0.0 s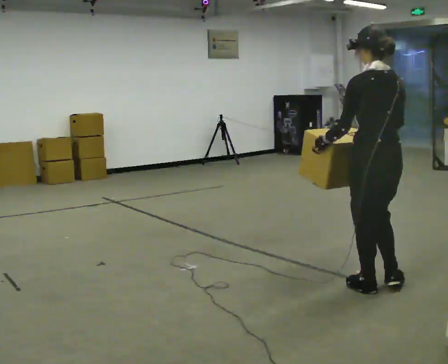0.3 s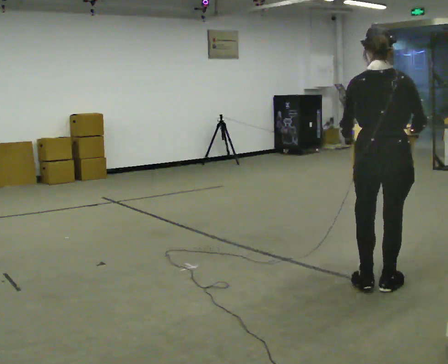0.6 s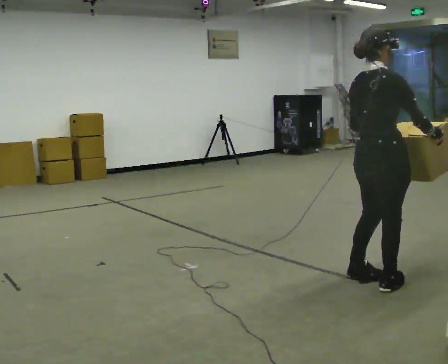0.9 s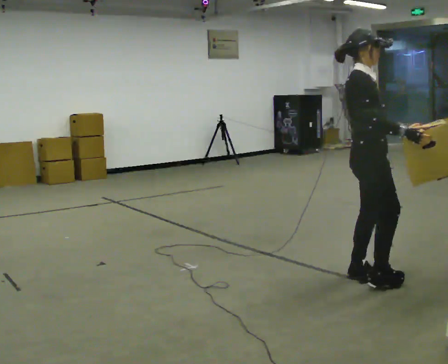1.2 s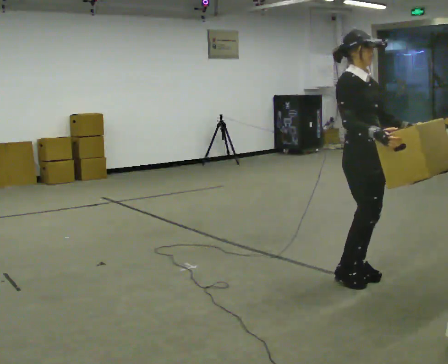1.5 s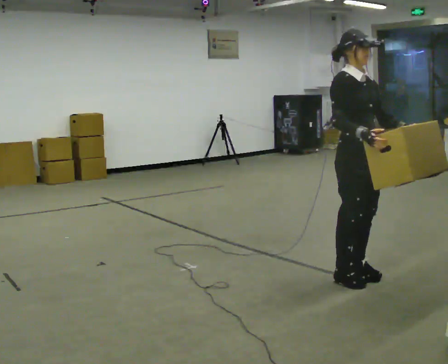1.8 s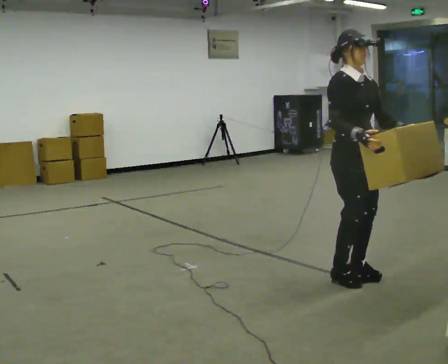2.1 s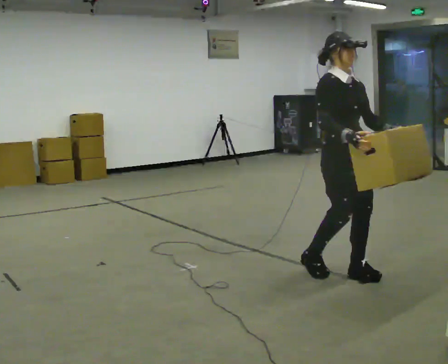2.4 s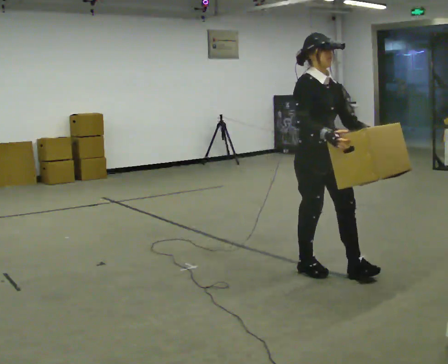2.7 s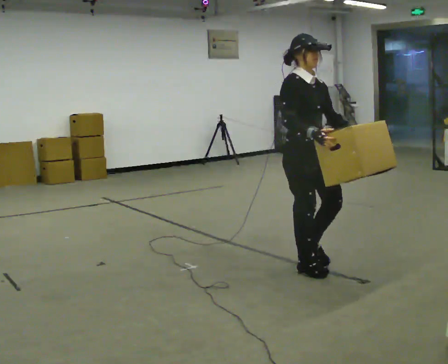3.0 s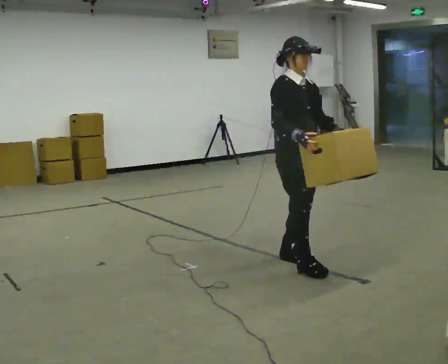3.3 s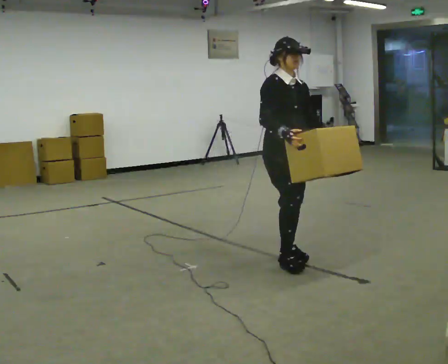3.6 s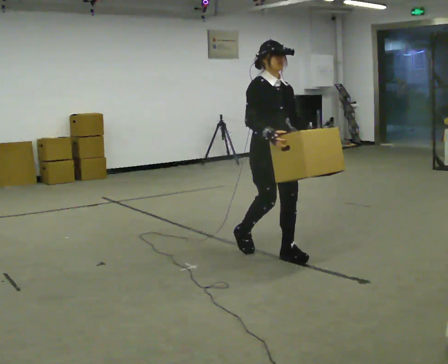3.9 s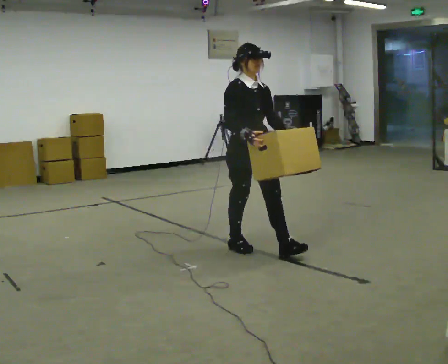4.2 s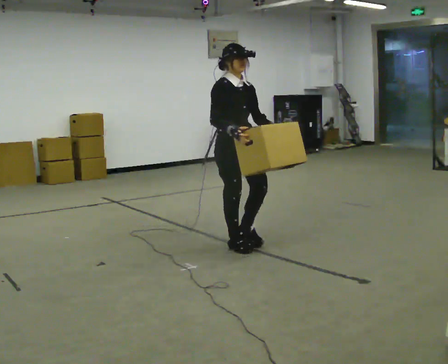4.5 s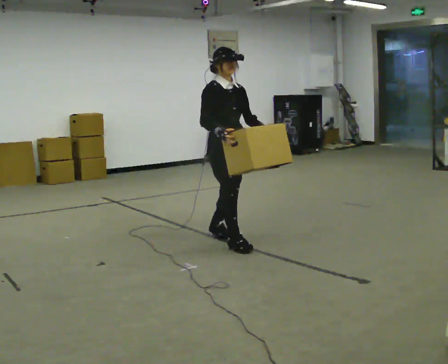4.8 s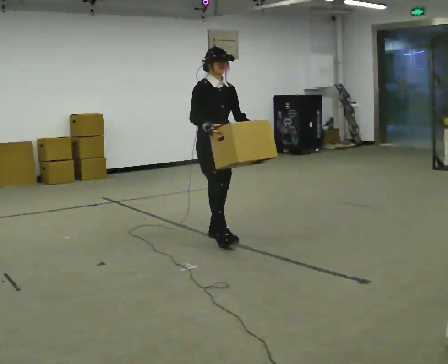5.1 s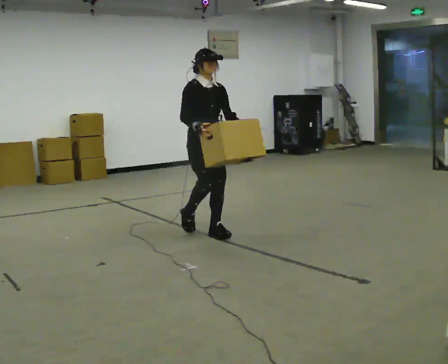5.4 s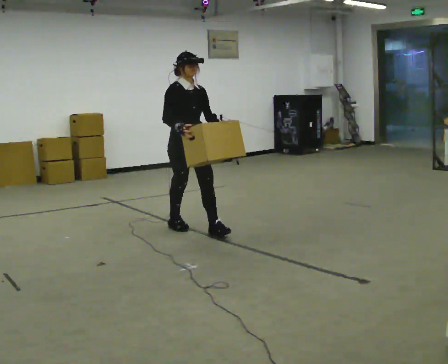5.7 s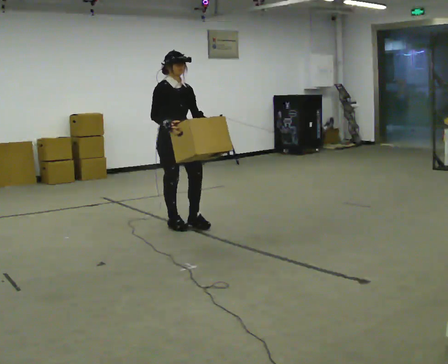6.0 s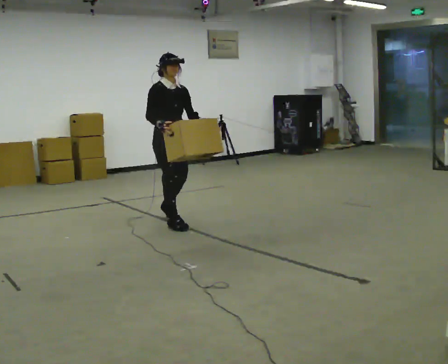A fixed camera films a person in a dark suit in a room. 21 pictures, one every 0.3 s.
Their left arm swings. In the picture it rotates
counterclockwise.
0.0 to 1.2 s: The part of the body nearest the lens slides to the left as the person turns to their right by about 150 degrees. In the picture they go away from the camera, about 0.25 m in 2 steps.
1.2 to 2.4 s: In the picture they go to the left, about 0.25 m in 2 steps, which for them is backward and to their right.
2.4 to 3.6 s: In the picture they go away from the camera and to the left, about 0.5 m in 1 step, which for them is backward.
3.6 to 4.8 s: In the picture they go away from the camera and to the left, about 0.5 m in 2 steps, which for them is backward.
4.8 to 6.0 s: In the picture they go to the left and away from the camera, about 0.75 m in 1 step, which for them is backward.
The film runs backward here.
